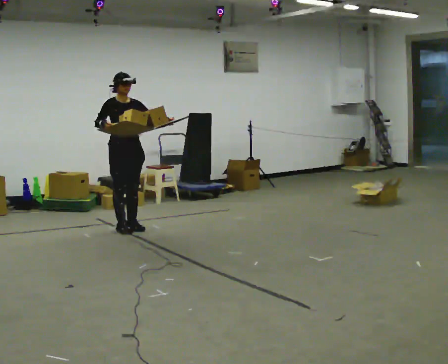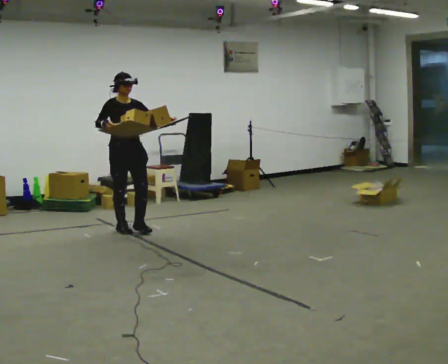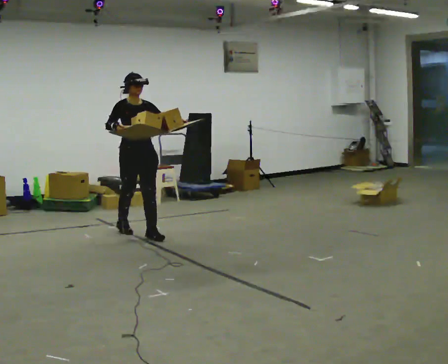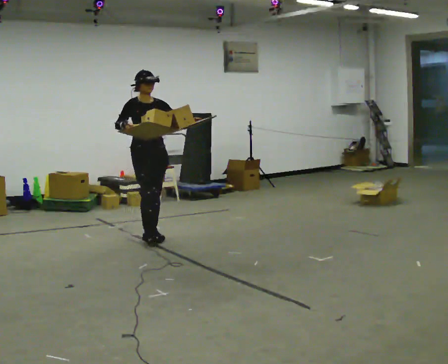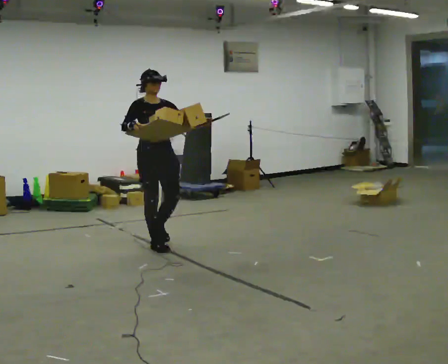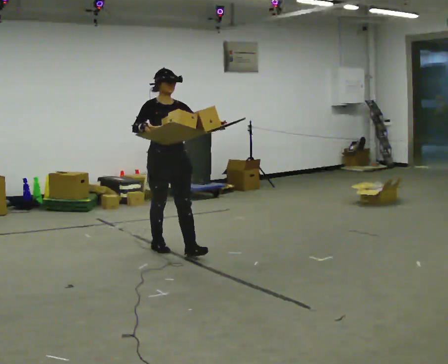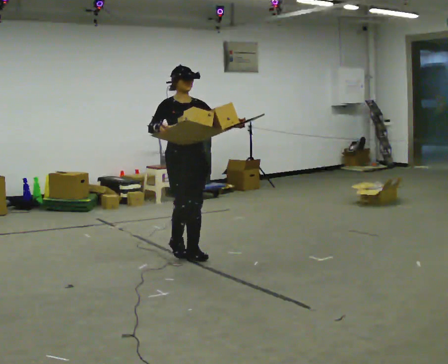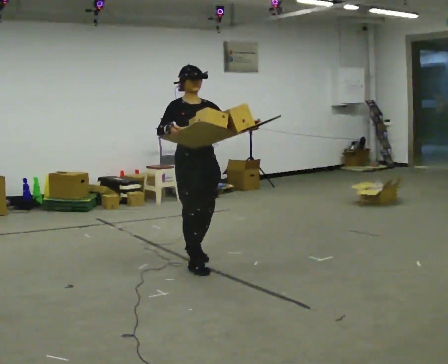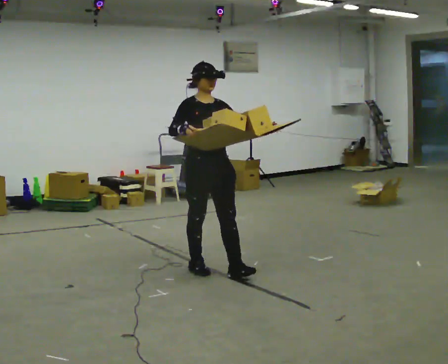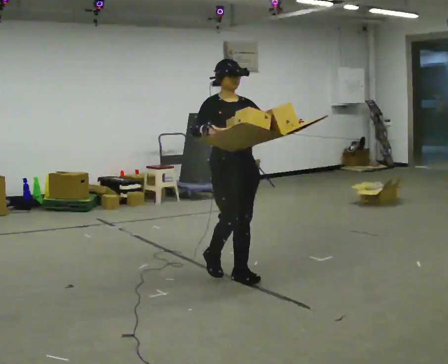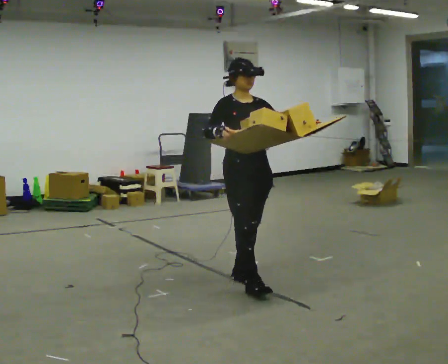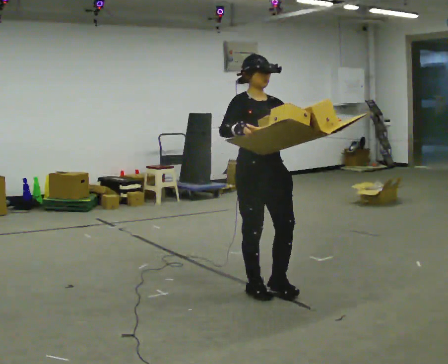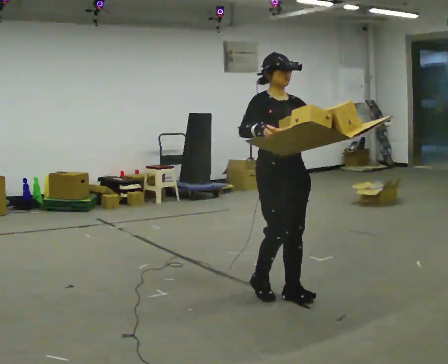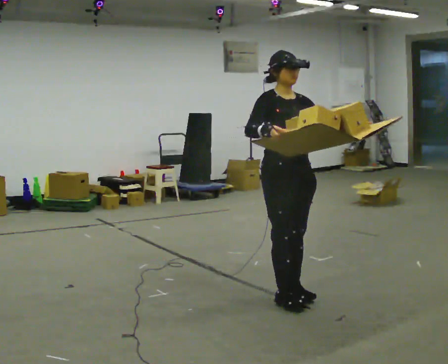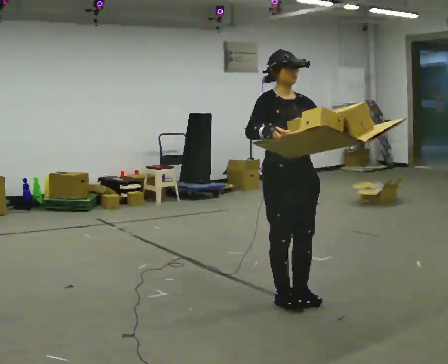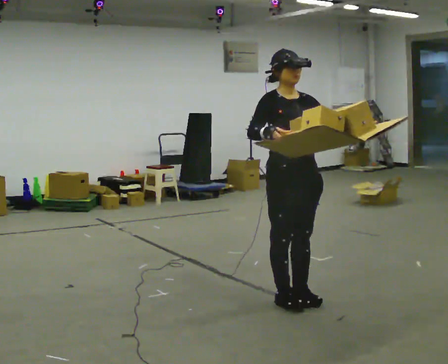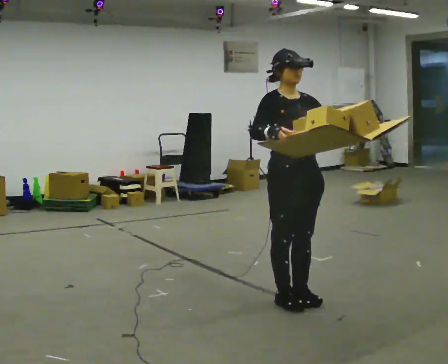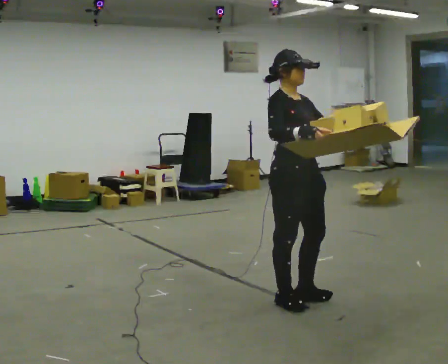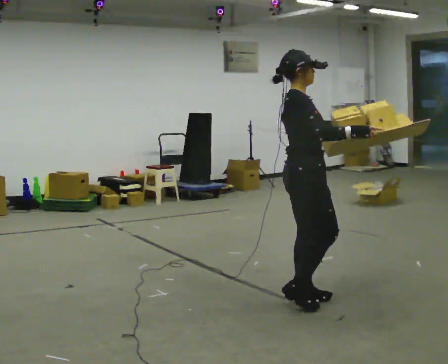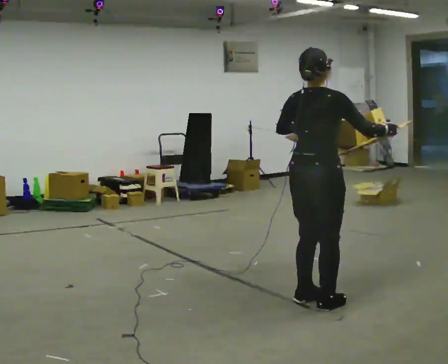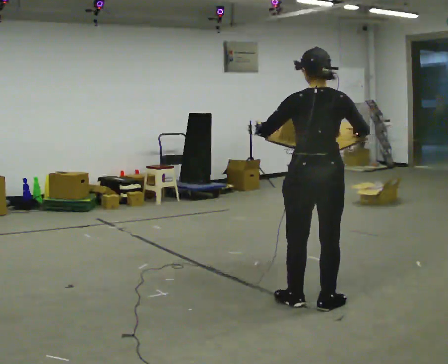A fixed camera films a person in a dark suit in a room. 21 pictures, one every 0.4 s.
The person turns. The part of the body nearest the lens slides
to the right.
The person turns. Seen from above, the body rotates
counterclockwise.
0.0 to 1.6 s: In the picture they go toward the camera and to the right, about 1 m in 2 steps, which for them is forward.
1.6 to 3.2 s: In the picture they go toward the camera and to the right, about 1 m in 2 steps, which for them is forward.
3.2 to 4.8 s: In the picture they go toward the camera and to the right, about 1 m in 3 steps, which for them is forward.
4.8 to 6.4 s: In the picture they go toward the camera, about 0.25 m in 1 step, which for them is forward.
6.4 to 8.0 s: The person turns about 150 degrees to their left, counterclockwise seen from above, so the part of the body nearest the lens slides to the right. In the picture they go to the right, about 0.25 m in 1 step. In the picture their left hand goes to the left.
The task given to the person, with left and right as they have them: Carry the loaded tray flat and level in both hands, walking back and forth across the room. Try not to let anything slide off.
The film runs forward here.
